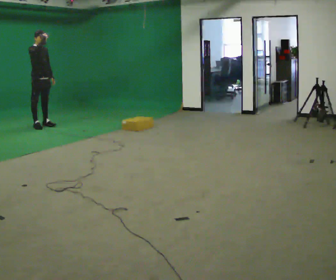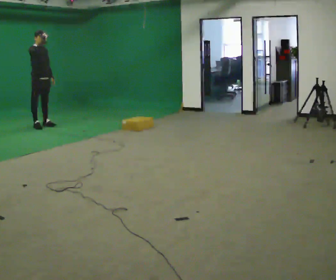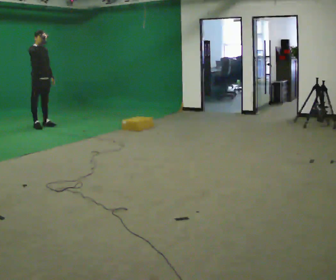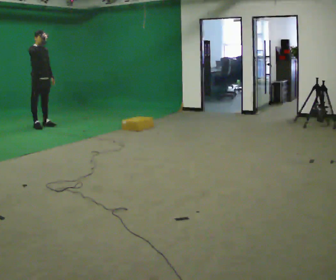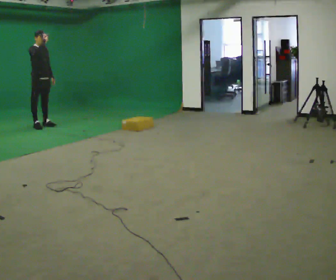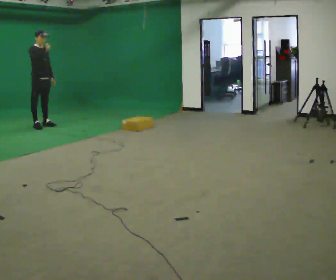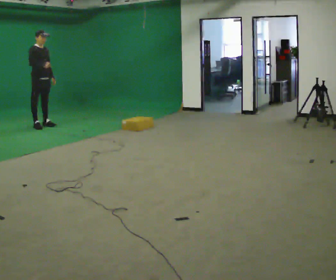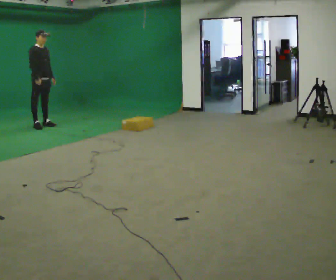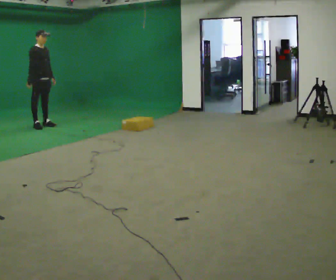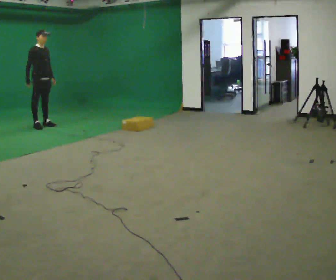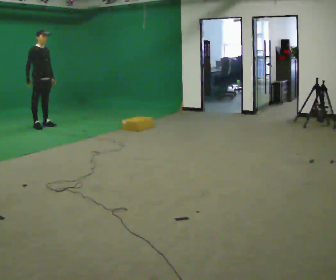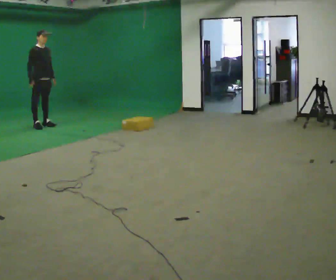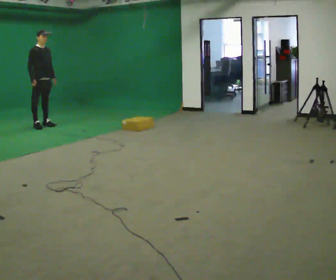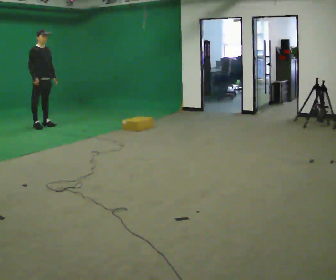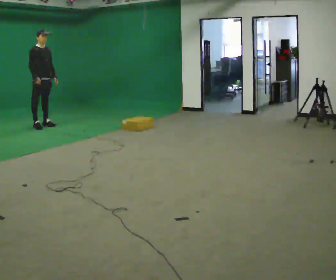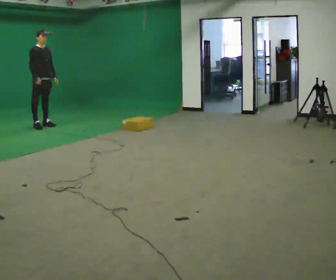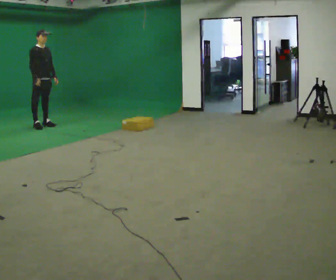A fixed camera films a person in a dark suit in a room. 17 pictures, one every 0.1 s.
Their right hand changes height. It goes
downward.
0.0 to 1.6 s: In the picture their right hand goes downward.
The film runs forward here.
